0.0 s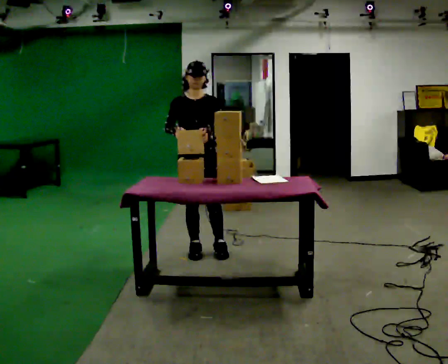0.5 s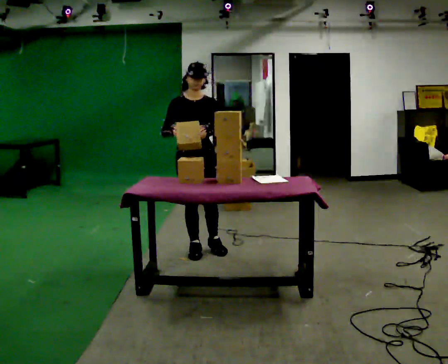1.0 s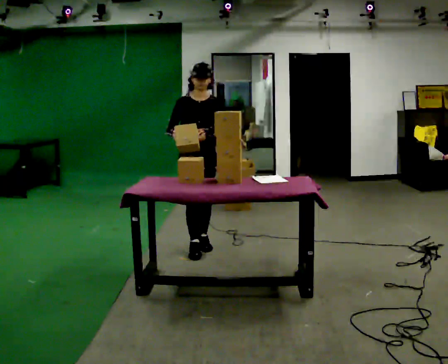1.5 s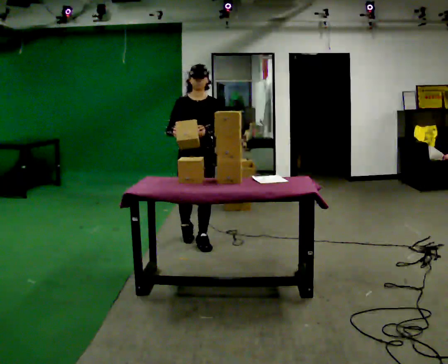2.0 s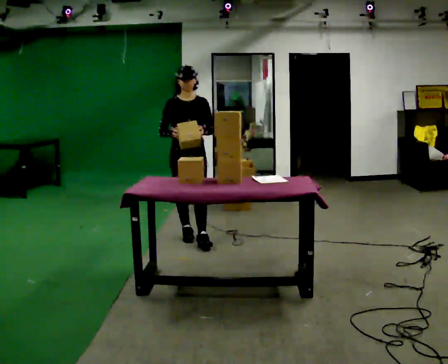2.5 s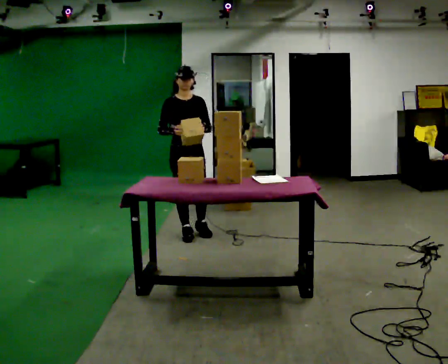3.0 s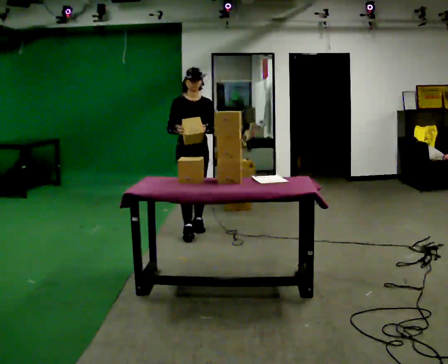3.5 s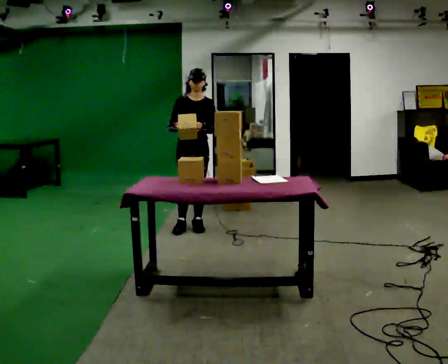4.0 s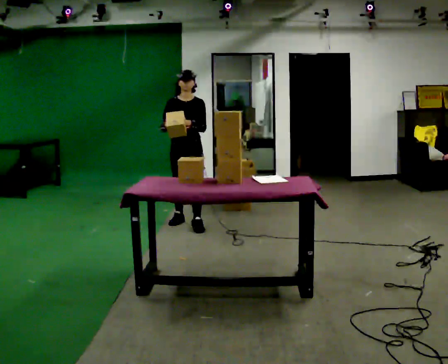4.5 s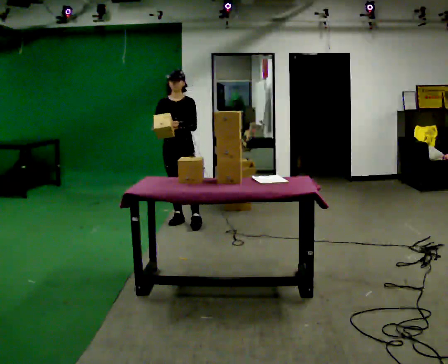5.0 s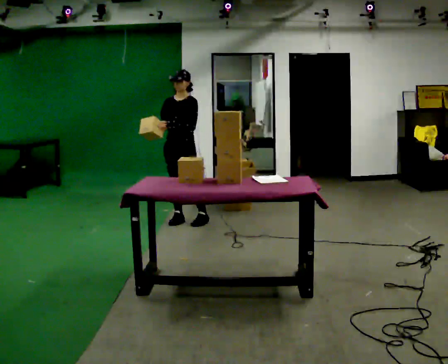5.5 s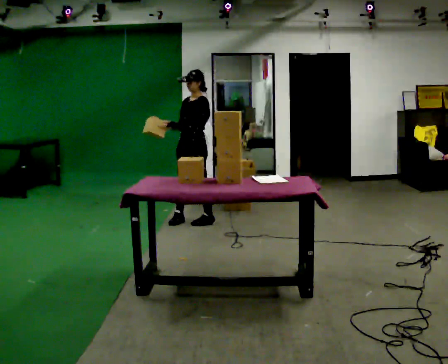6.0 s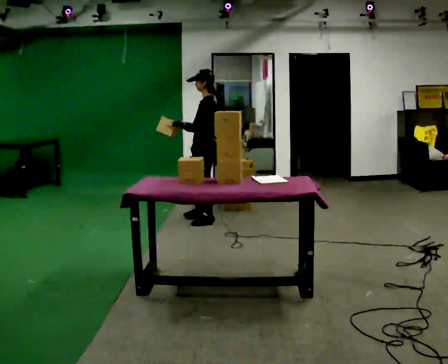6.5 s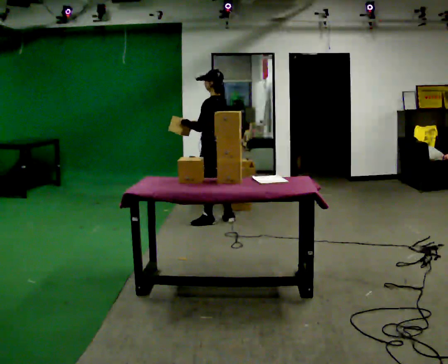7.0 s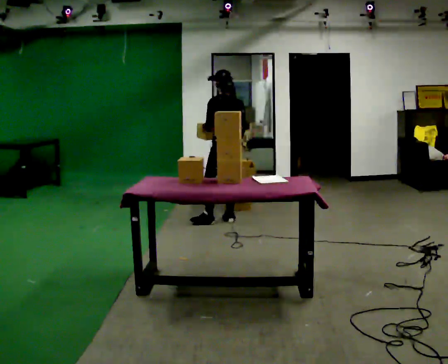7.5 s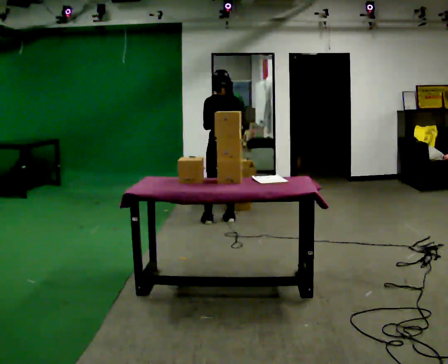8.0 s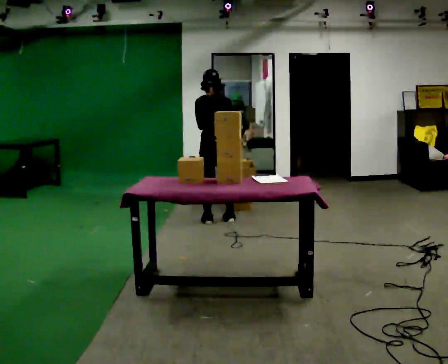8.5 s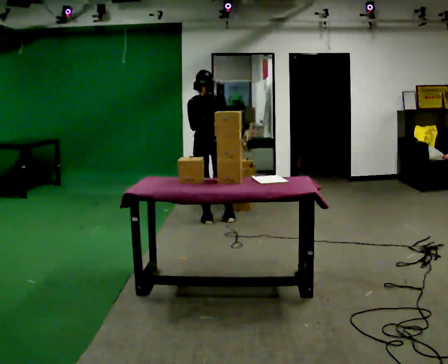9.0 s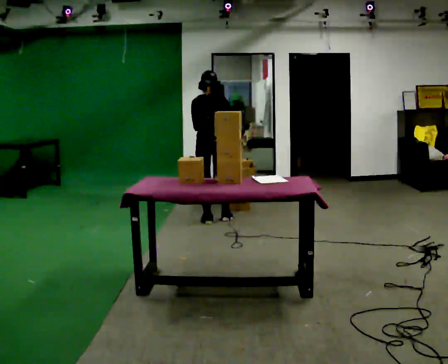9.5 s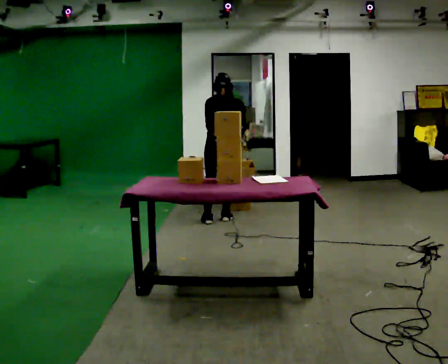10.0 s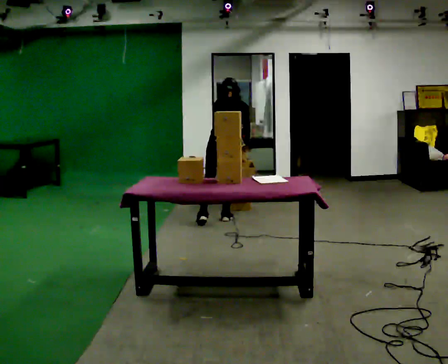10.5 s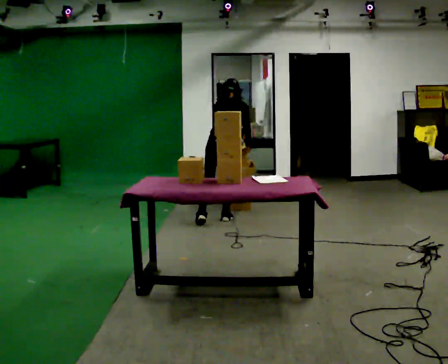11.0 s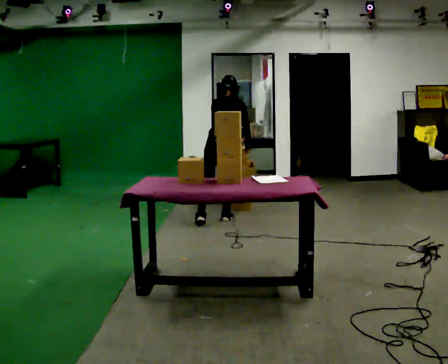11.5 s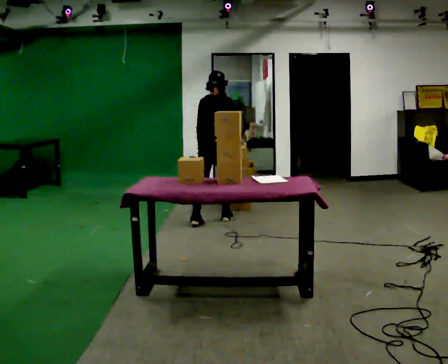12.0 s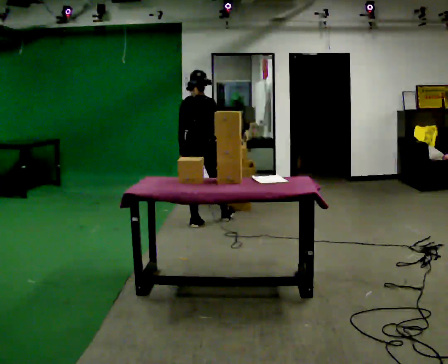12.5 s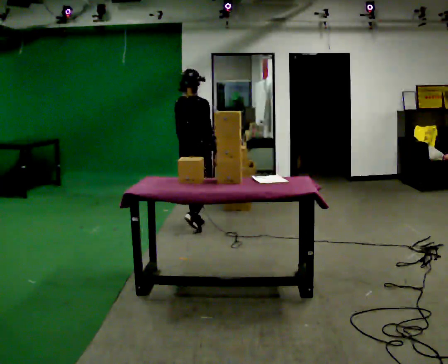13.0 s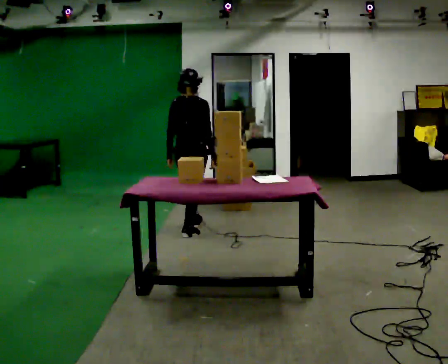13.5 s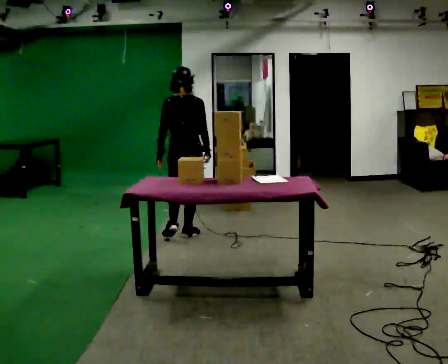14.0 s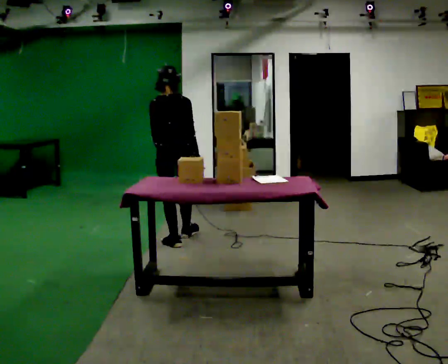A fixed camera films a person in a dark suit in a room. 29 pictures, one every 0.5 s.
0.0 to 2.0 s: In the picture they go away from the camera, about 0.5 m in 2 steps, which for them is backward.
2.0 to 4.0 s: In the picture they go away from the camera, about 0.5 m in 2 steps, which for them is backward.
4.0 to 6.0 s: The person turns about 90 degrees to their right, clockwise seen from above, so the part of the body nearest the lens slides to the left. In the picture they go to the right, about 0.25 m in 2 steps.
6.0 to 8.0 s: The person turns about 105 degrees to their right, clockwise seen from above, so the part of the body nearest the lens slides to the left. In the picture their left hand goes to the right.
8.0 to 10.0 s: The upper body tips away from the camera, its near side rolling upward, as they bend forward.
10.0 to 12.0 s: In the picture they go to the left and toward the camera, about 0.25 m, which for them is to their left and backward. The upper body tips toward the camera, its near side rolling downward, as they lean back or straighten.
12.0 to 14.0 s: In the picture they go toward the camera, about 0.75 m in 2 steps, which for them is backward.
The film runs backward here.
